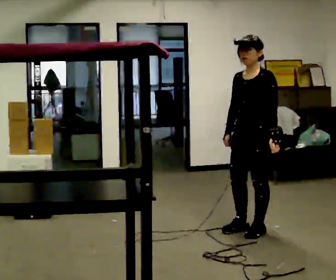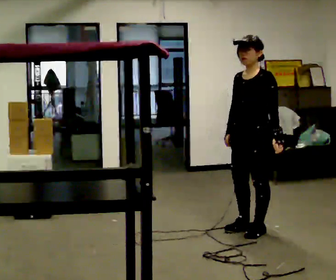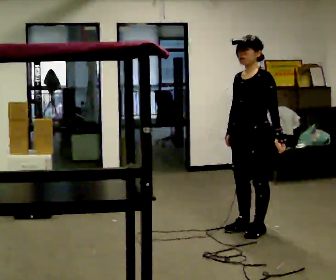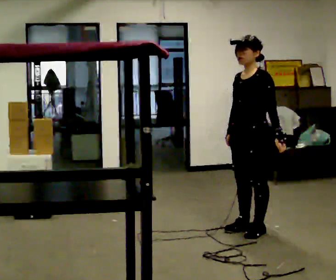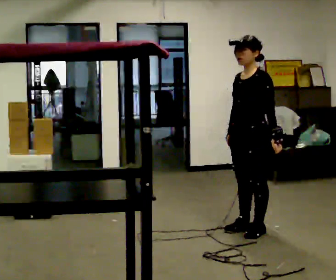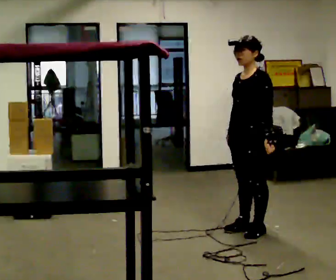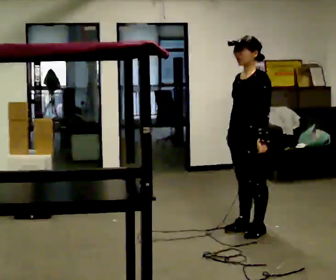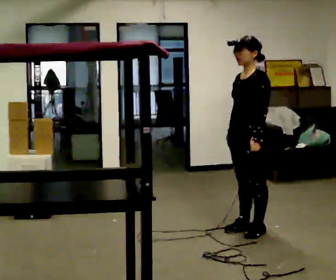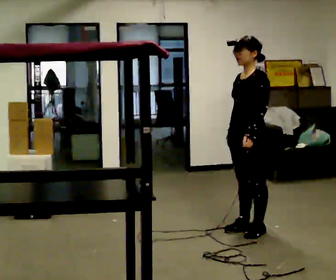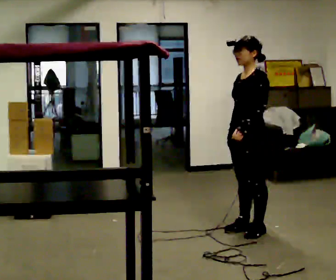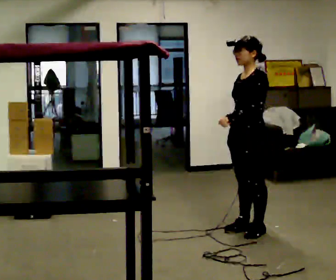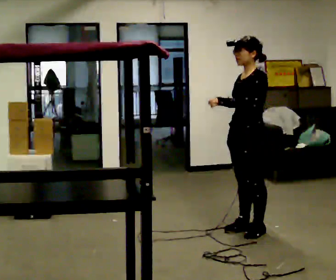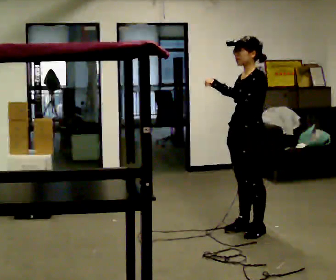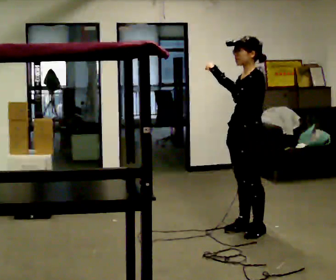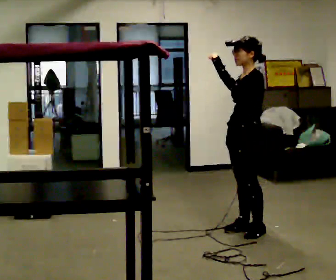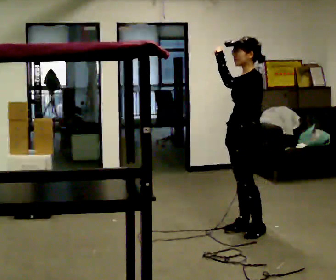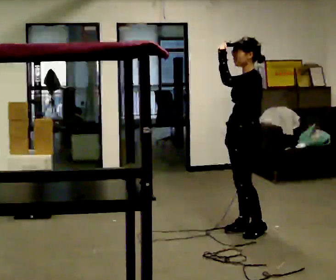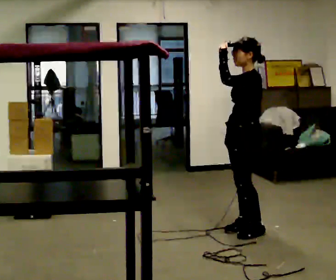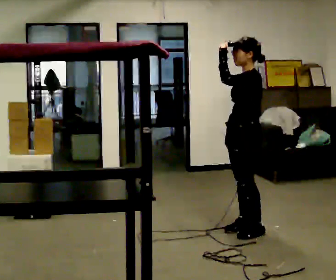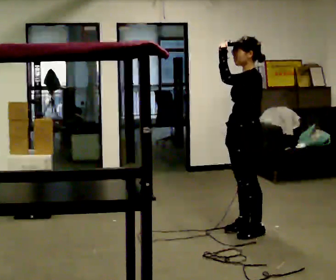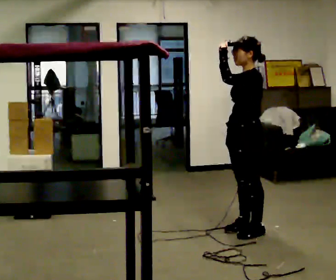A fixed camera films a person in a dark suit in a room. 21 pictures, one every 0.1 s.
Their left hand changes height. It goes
upward.
0.0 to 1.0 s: In the picture their left hand goes to the left.
1.0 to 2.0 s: In the picture their left hand goes upward.
The film runs forward here.
